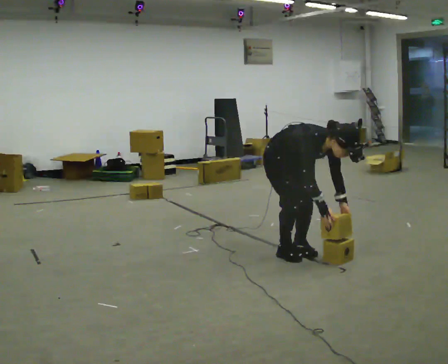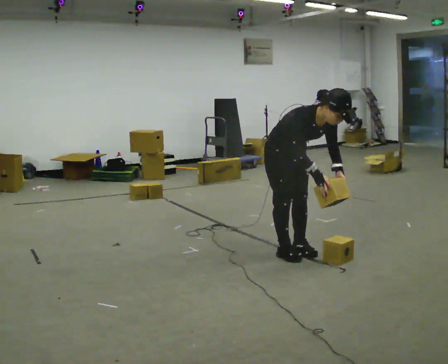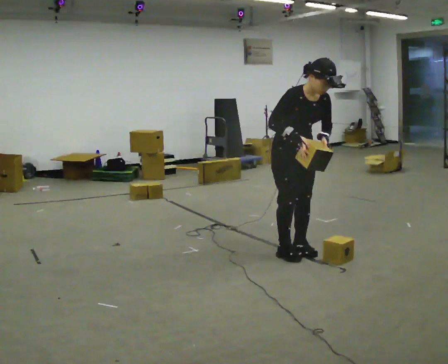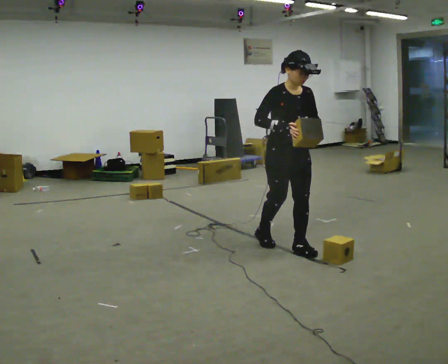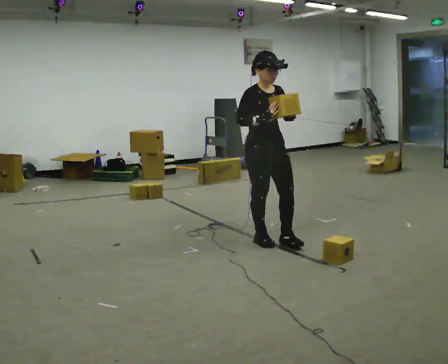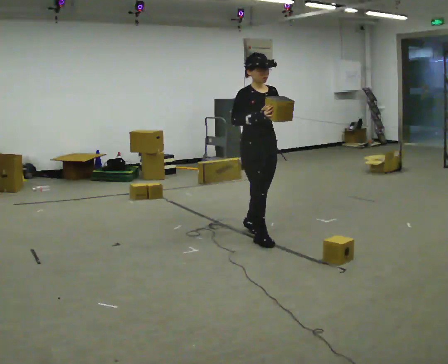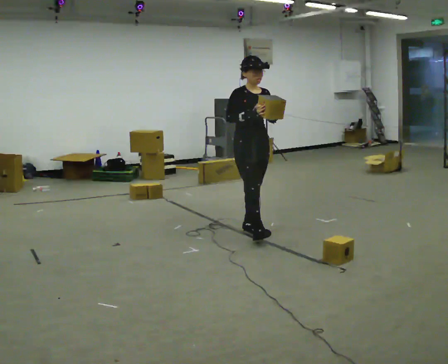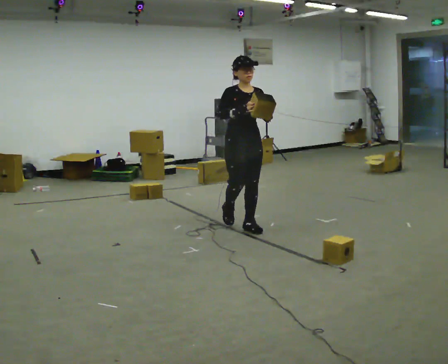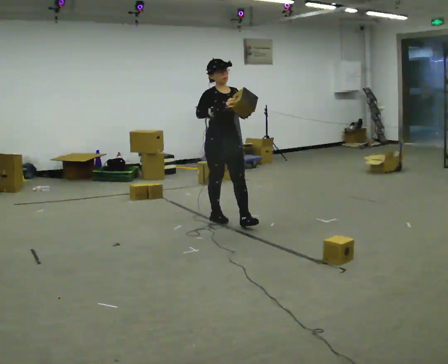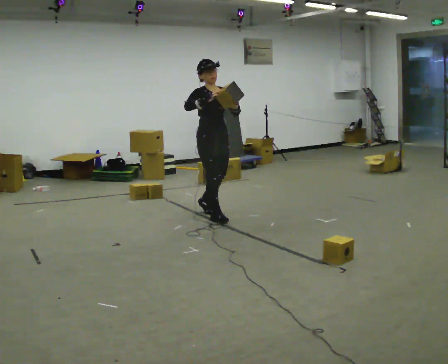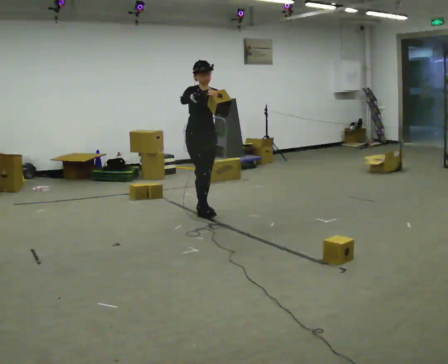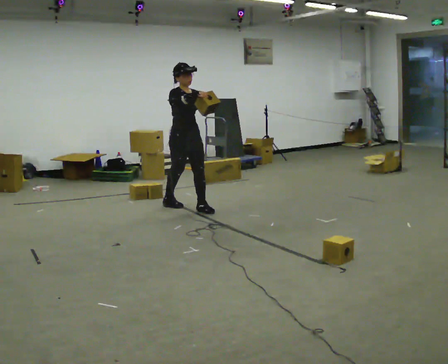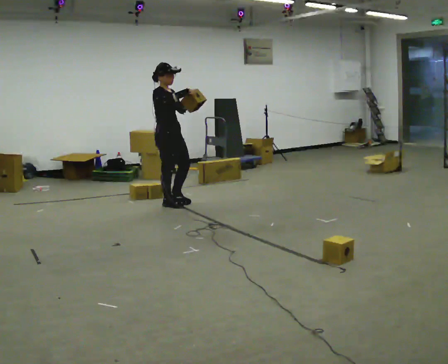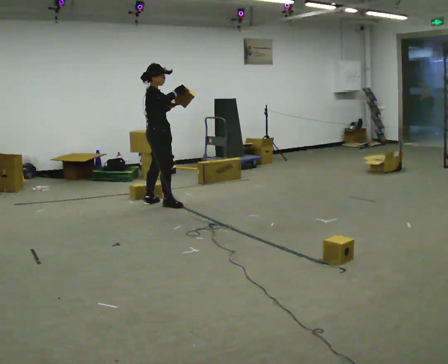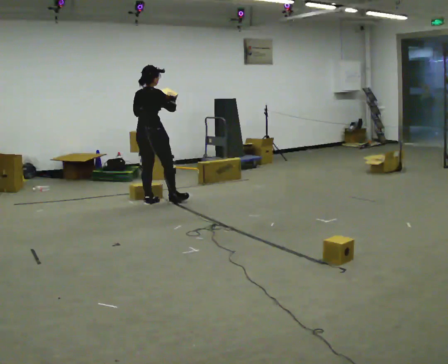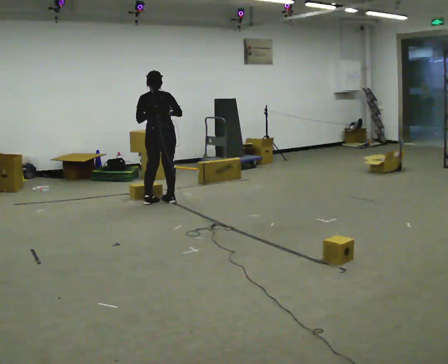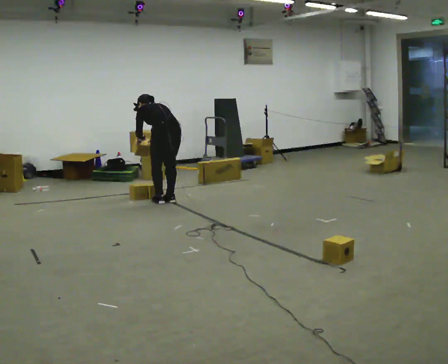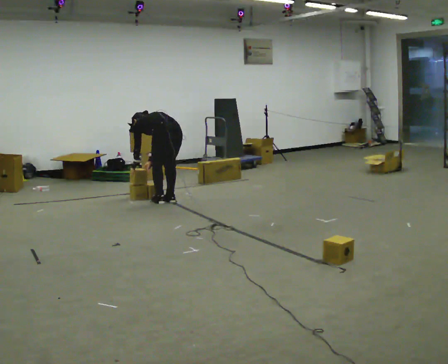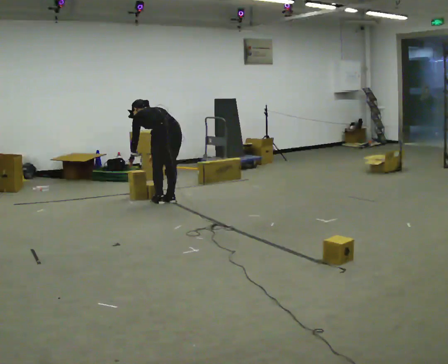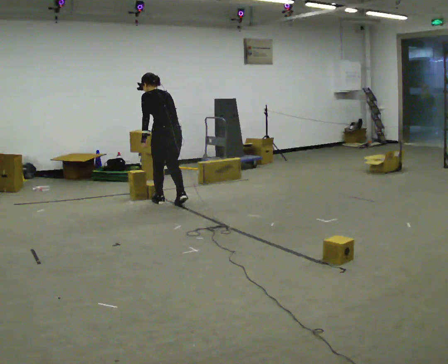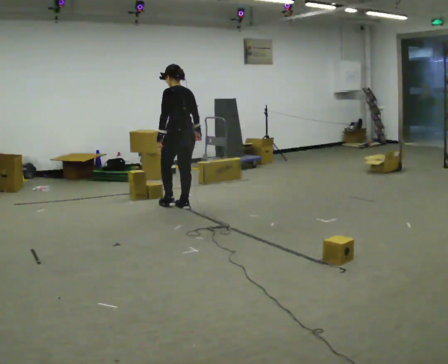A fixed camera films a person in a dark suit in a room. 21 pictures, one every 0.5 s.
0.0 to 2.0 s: In the picture they go away from the camera, about 0.25 m in 2 steps, which for them is backward. The shoulders move upward. In the picture the upper body tilts counterclockwise, shoulders to the left, as they lean back or straighten. In the picture their right hand goes upward.
2.0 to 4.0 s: In the picture they go away from the camera and to the left, about 1 m in 2 steps, which for them is backward.
4.0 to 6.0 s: Seen from above the body turns counterclockwise, about 45 degrees: to their left, with its near side sliding to the right. In the picture they go to the left and away from the camera, about 1 m in 2 steps, which for them is backward.
6.0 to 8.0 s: Seen from above the body turns counterclockwise, about 150 degrees: to their left, with its near side sliding to the right. In the picture they go away from the camera, about 0.25 m in 2 steps. The upper body goes downward. The upper body tips away from the camera, its near side rolling upward, as they bend forward. In the picture their right hand goes downward and to the left.
8.0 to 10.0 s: In the picture they go toward the camera and to the right, about 0.25 m in 2 steps, which for them is backward.
The film runs backward here.
